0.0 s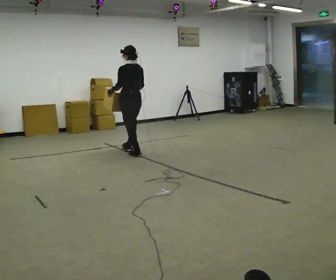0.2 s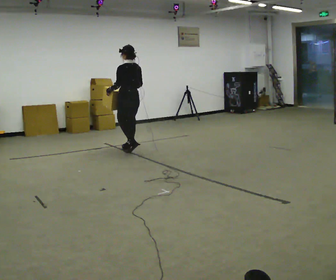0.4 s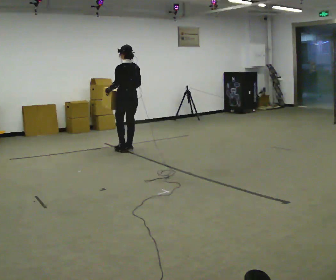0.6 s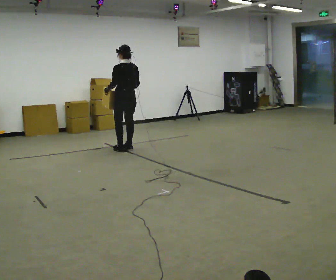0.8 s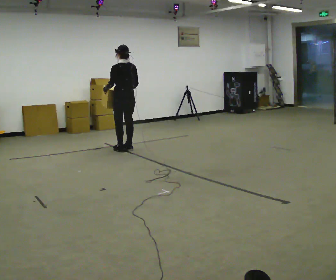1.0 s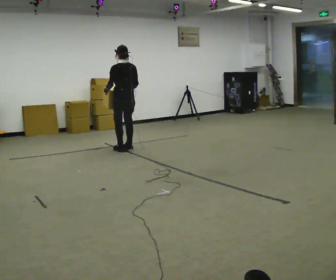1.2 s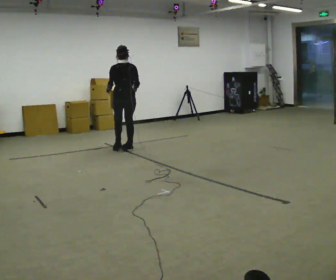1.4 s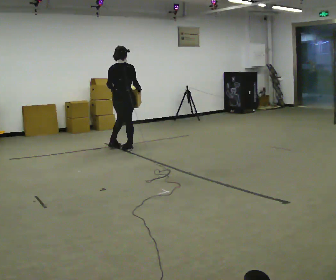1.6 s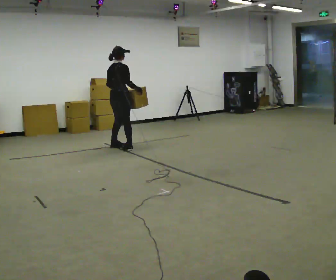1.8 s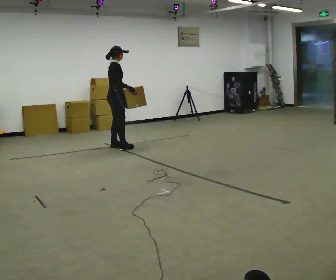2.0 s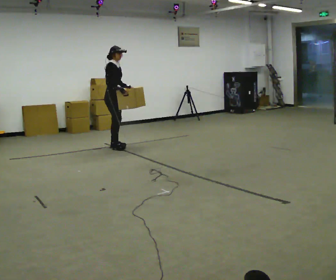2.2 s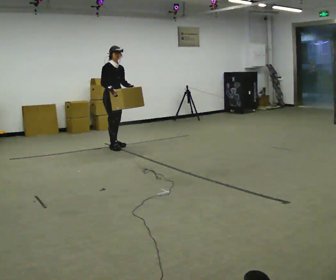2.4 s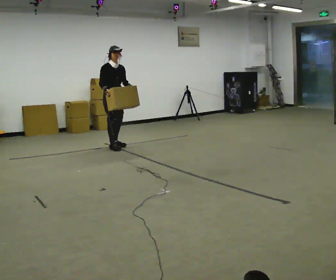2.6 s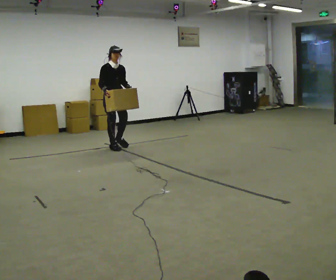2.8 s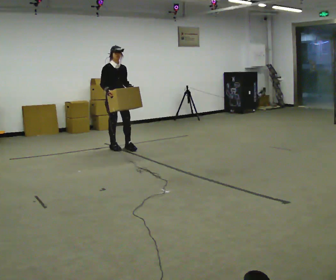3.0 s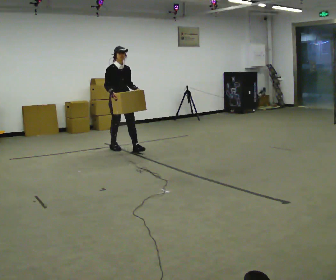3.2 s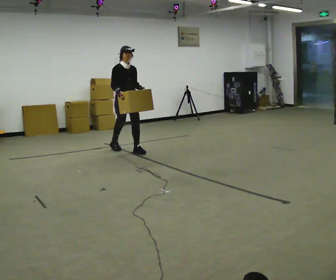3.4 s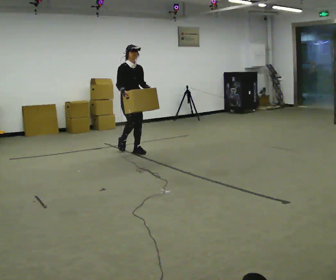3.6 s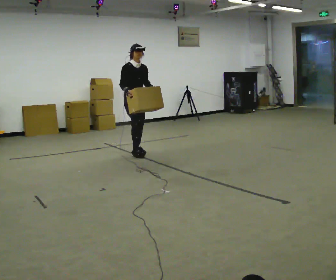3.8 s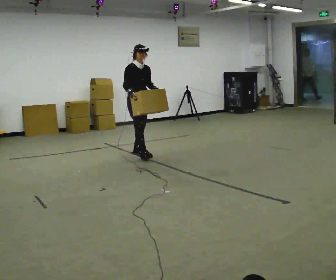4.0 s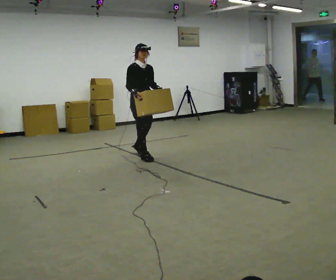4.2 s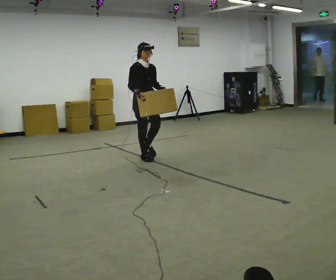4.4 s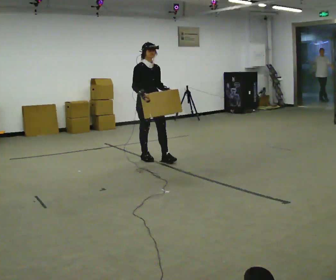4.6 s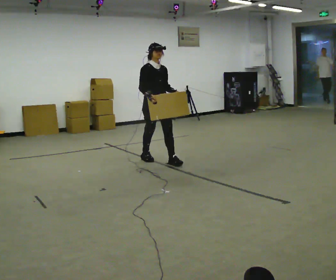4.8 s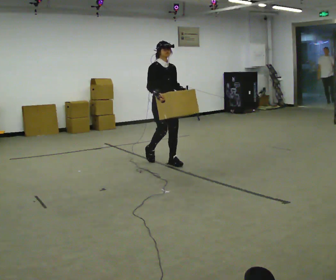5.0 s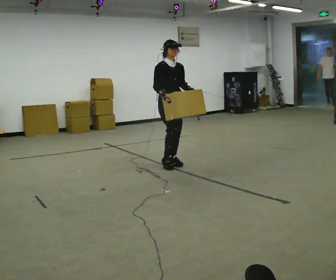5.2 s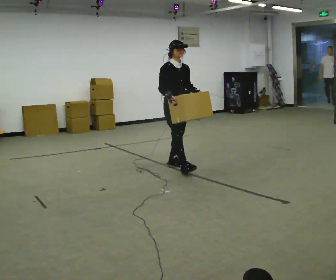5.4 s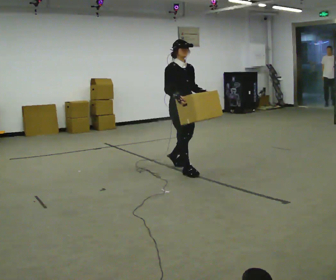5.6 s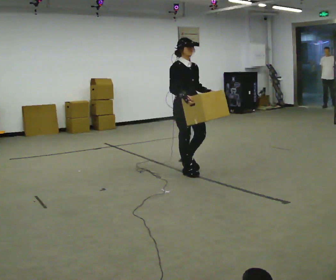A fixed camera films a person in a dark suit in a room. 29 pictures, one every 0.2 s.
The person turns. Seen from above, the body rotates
clockwise.
Their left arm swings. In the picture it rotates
counterclockwise.
0.0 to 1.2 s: Seen from above the body turns clockwise, about 30 degrees: to their right, with its near side sliding to the left. In the picture they go away from the camera, about 0.25 m in 1 step, which for them is forward.
1.2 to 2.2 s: Seen from above the body turns clockwise, about 135 degrees: to their right, with its near side sliding to the left. In the picture they go to the left and away from the camera, about 0.25 m in 2 steps. In the picture their right hand goes to the left.
2.2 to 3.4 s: In the picture they go toward the camera and to the right, about 0.5 m in 1 step, which for them is forward.
3.4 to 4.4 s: In the picture they go toward the camera and to the right, about 0.5 m in 1 step, which for them is forward.
4.4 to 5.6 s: In the picture they go toward the camera and to the right, about 1 m in 2 steps, which for them is forward.
The film runs forward here.
